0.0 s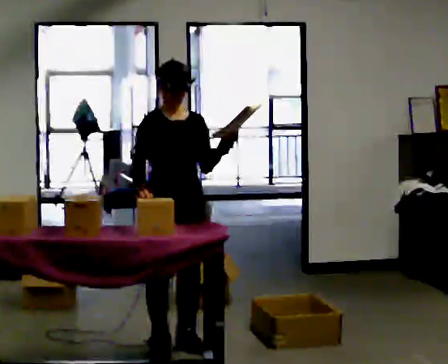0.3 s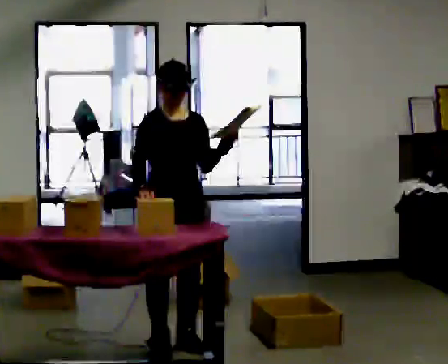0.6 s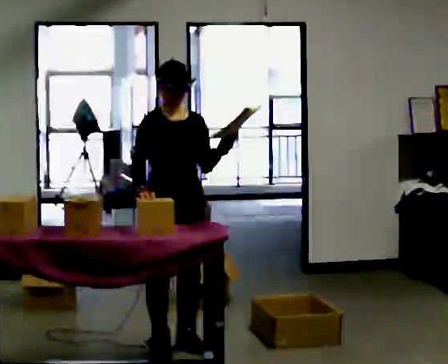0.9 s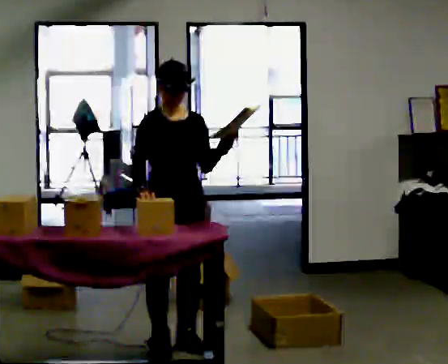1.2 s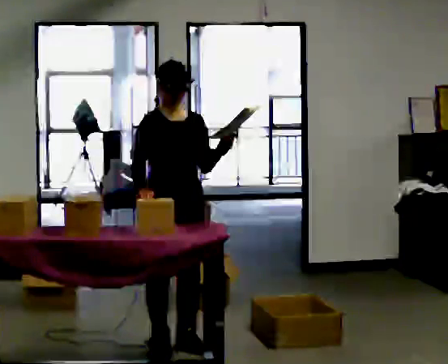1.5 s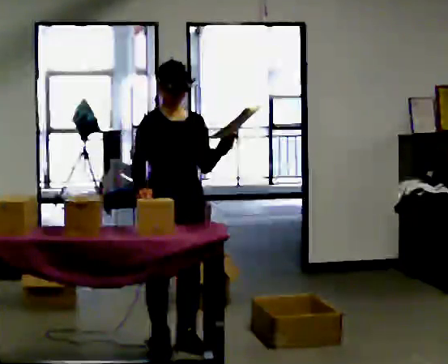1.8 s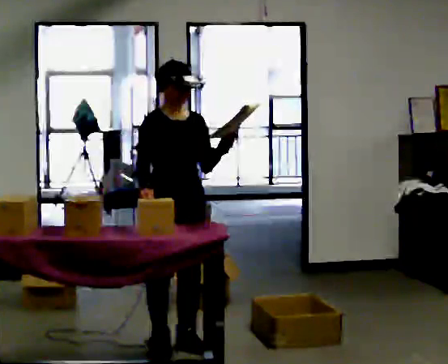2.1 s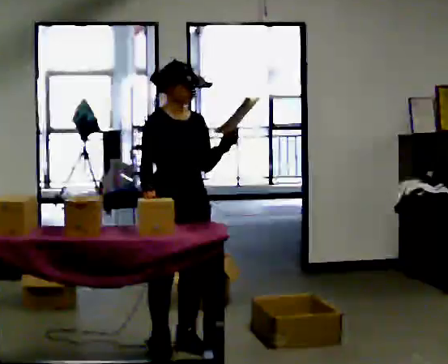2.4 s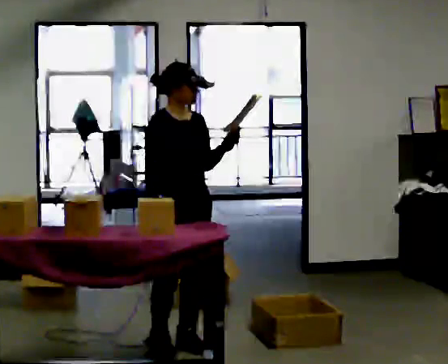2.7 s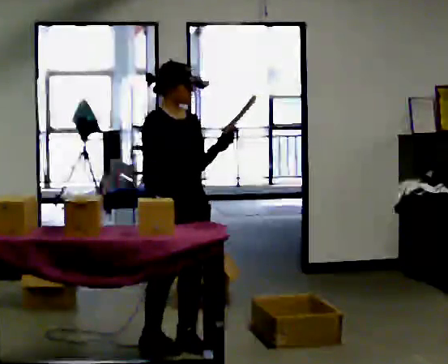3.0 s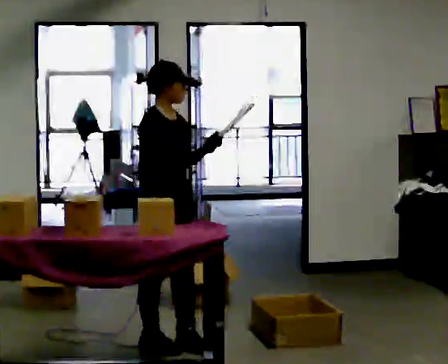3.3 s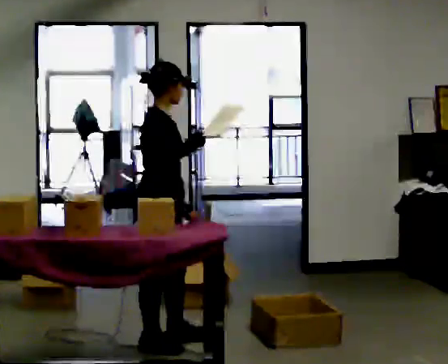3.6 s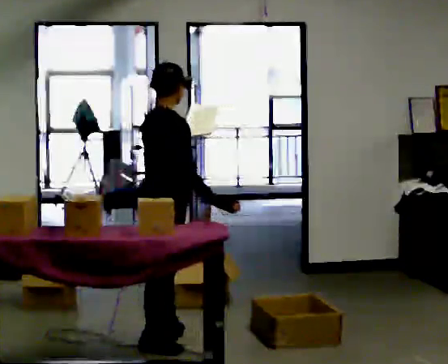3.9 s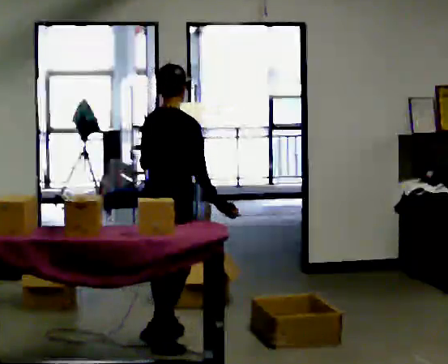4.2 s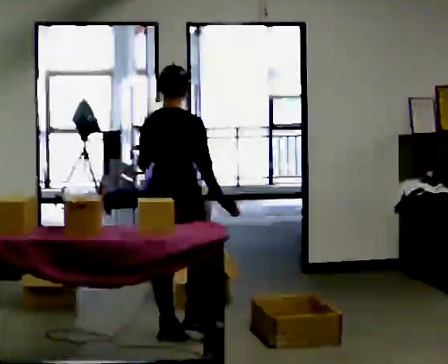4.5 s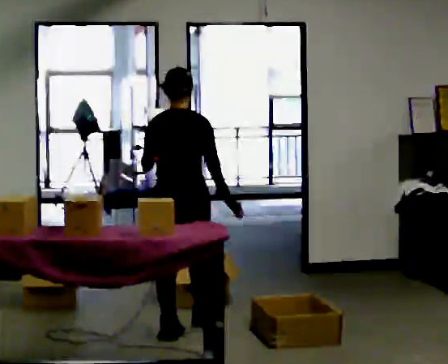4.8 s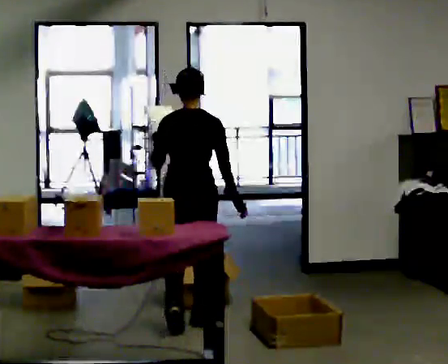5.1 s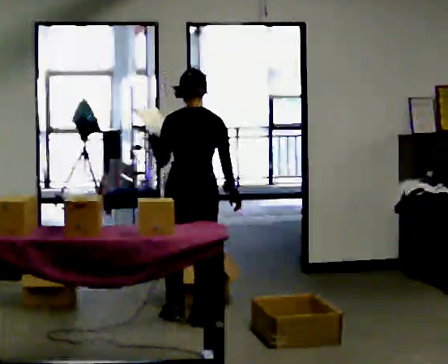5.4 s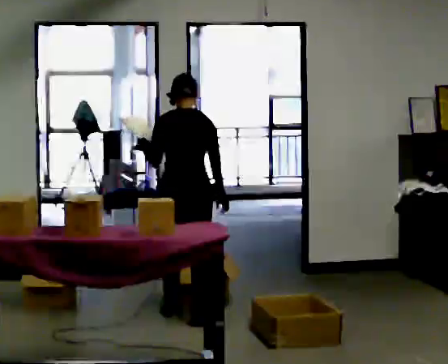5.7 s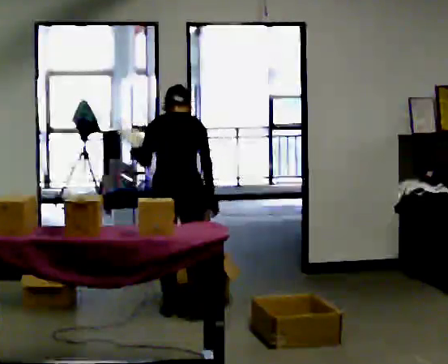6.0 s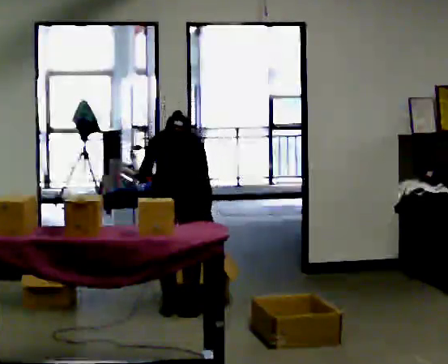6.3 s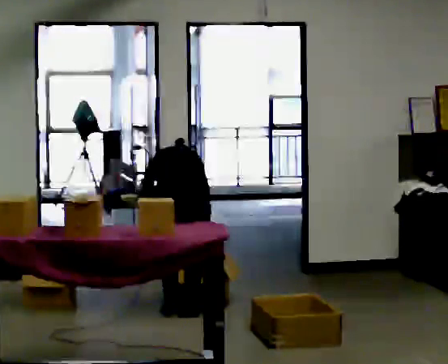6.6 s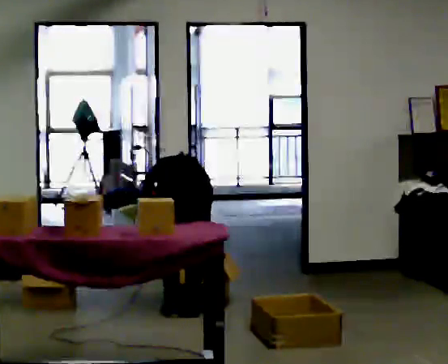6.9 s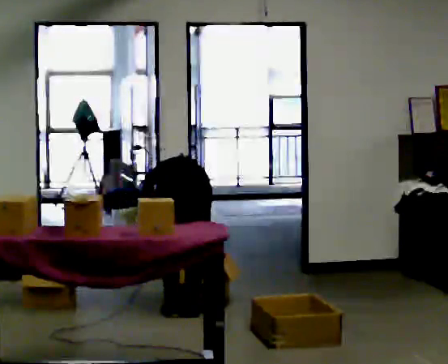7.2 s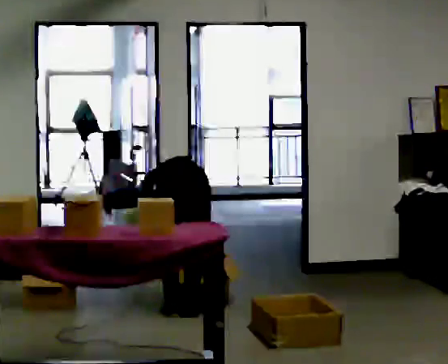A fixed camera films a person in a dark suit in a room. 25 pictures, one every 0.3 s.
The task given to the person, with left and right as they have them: 1. Read the parts list. 2. Collect each part from the bins around the room. 3. Lay them out on the table in the order on the list. 4. Put them all in the carry case. 5. Tell the operator when you are finished.
0.0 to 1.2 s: The person keeps their place and pose.
1.2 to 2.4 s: The person moves a little, or ends about where they began.
2.4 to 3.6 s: The part of the body nearest the lens slides to the right as the person turns to their left by about 90 degrees. In the picture their left hand goes to the left.
3.6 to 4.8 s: Seen from above the body turns counterclockwise, about 60 degrees: to their left, with its near side sliding to the right. In the picture they go away from the camera, about 0.5 m in 1 step.
4.8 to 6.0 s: In the picture they go away from the camera, about 0.25 m in 2 steps, which for them is forward. The shoulders move downward. The upper body tips away from the camera, its near side rolling upward, as they bend forward.
6.0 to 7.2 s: The upper body goes downward. The upper body tips away from the camera, its near side rolling upward, as they bend forward.
The film runs forward here.
